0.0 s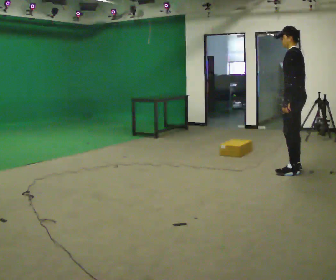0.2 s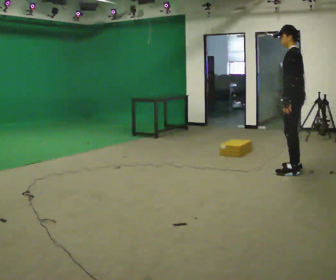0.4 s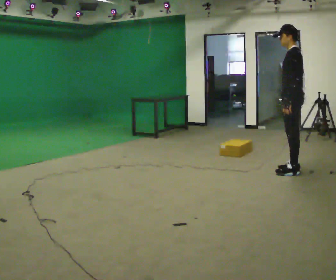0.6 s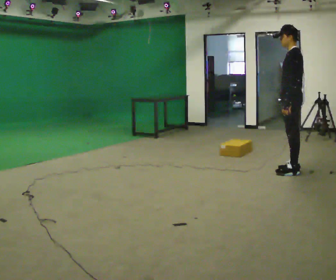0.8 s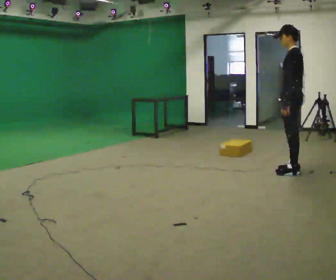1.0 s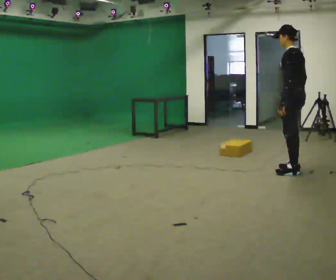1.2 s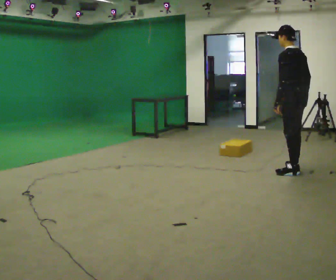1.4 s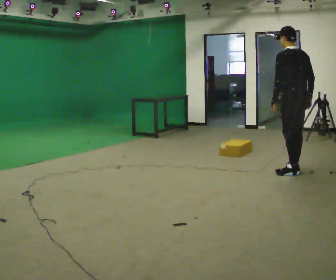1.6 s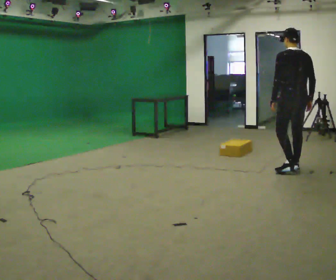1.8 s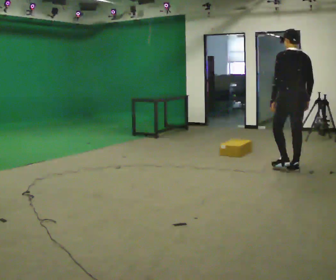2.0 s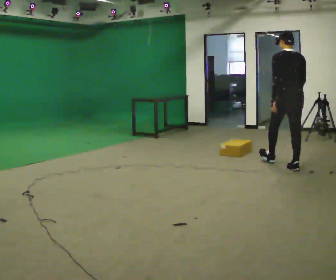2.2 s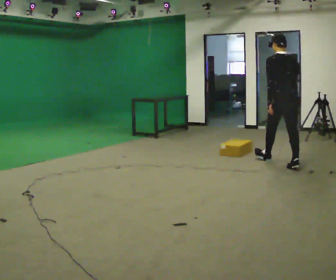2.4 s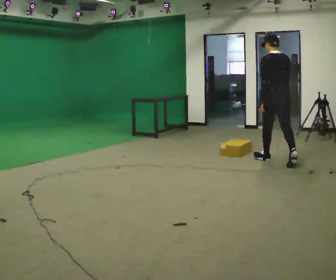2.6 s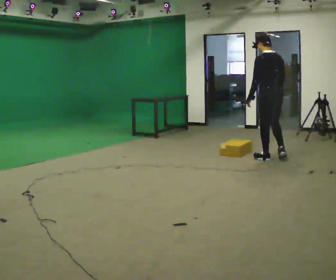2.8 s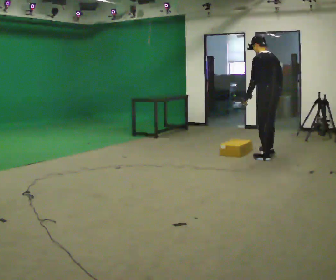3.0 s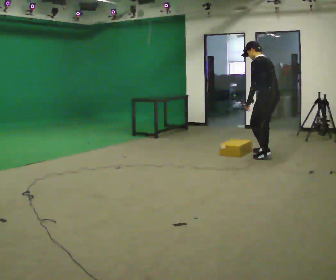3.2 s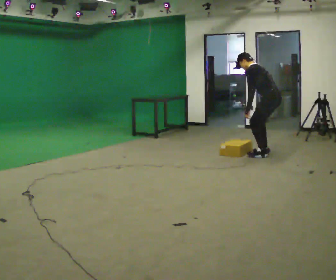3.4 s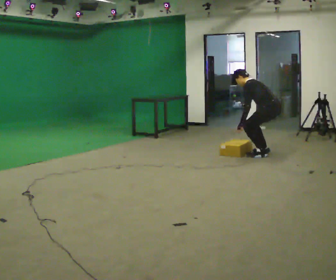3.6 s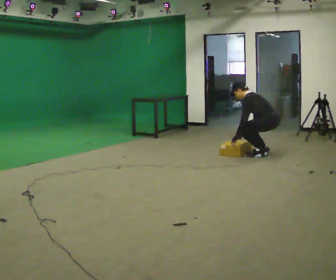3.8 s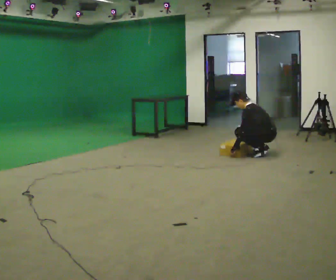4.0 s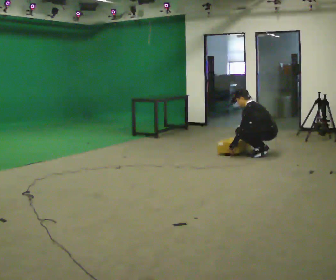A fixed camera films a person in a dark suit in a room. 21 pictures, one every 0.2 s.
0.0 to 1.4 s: Seen from above the body turns clockwise, about 30 degrees: to their right, with its near side sliding to the left.
1.4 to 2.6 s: In the picture they go away from the camera and to the left, about 0.75 m in 1 step, which for them is forward.
2.6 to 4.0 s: The part of the body nearest the lens slides to the right as the person turns to their left by about 45 degrees. In the picture they go away from the camera, about 0.25 m in 2 steps, which for them is to their right and forward. The upper body goes downward. In the picture the upper body tilts counterclockwise, shoulders to the left, as they bend forward. In the picture their left hand goes downward.
The film runs forward here.
